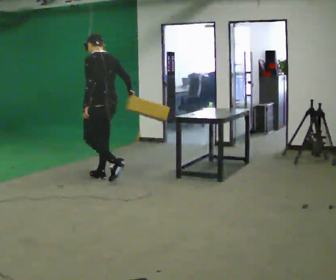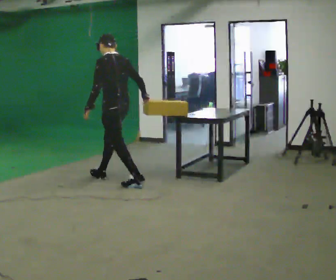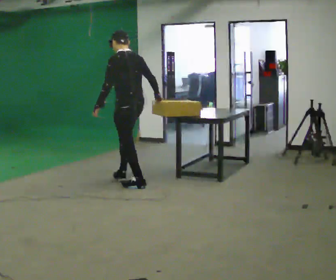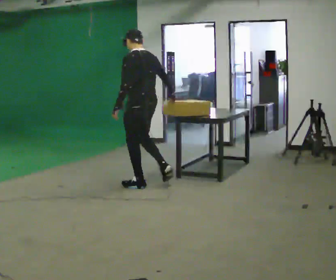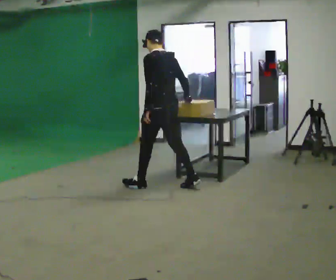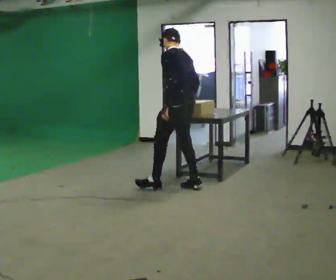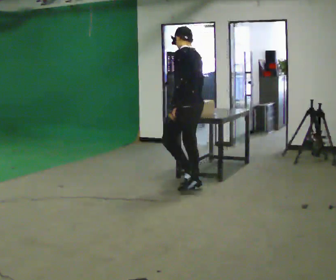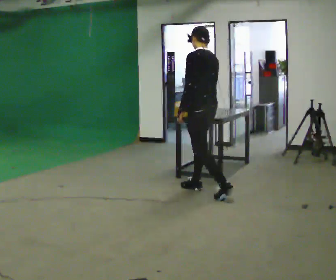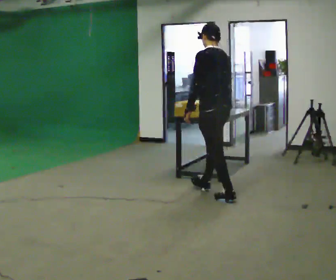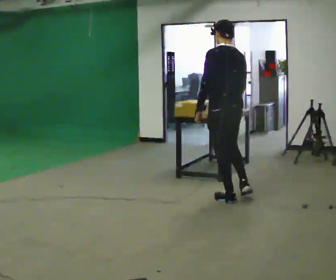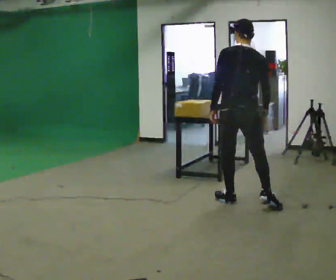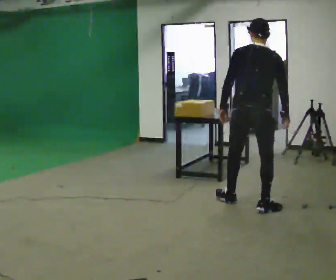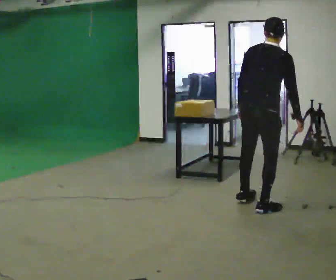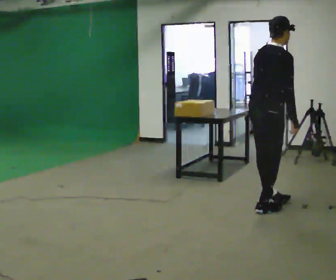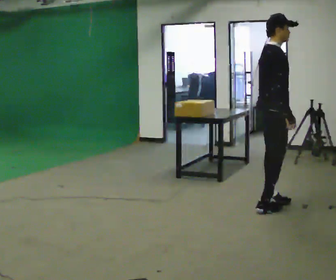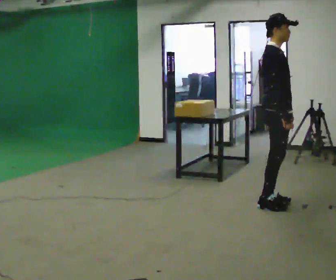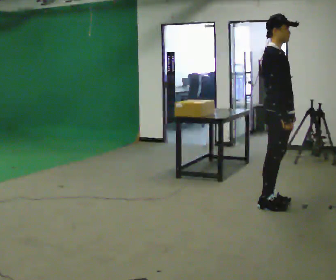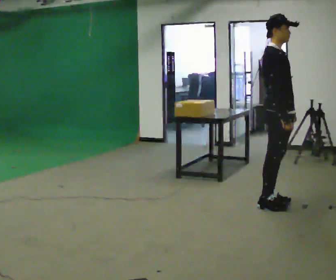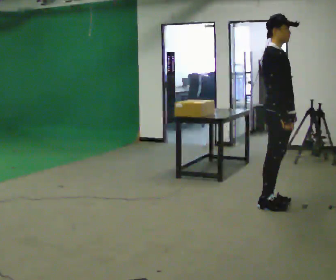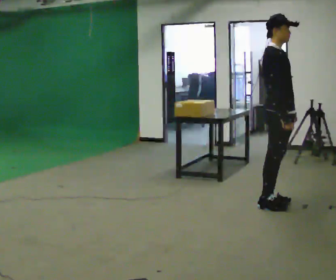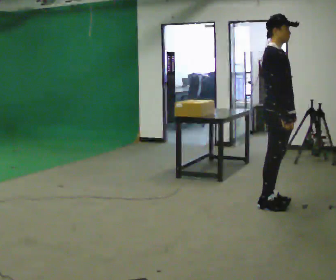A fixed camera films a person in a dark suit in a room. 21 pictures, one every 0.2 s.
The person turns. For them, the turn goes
to their right.
The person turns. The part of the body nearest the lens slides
to the left.
0.0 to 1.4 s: In the picture they go to the right, about 1.5 m in 2 steps, which for them is backward.
1.4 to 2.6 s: The person turns about 120 degrees to their right, clockwise seen from above, so the part of the body nearest the lens slides to the left. In the picture they go to the right and toward the camera, about 1 m in 2 steps.
2.6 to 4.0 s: The part of the body nearest the lens slides to the left as the person turns to their right by about 45 degrees. In the picture the upper body tilts counterclockwise, shoulders to the left, as they lean back or straighten.
The film runs backward here.
